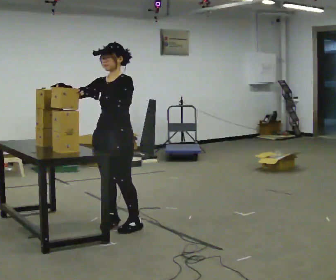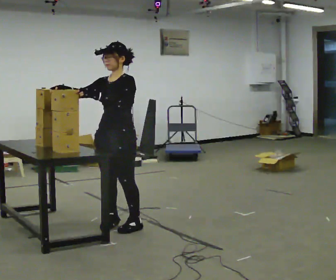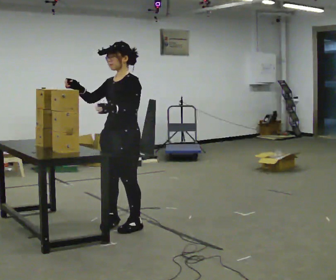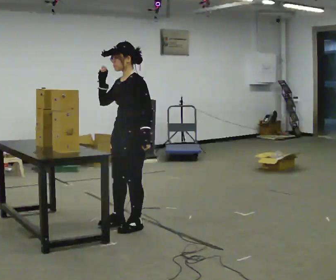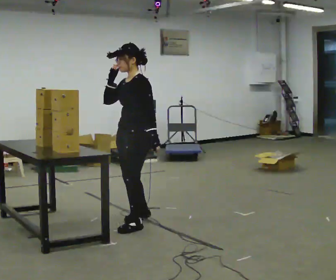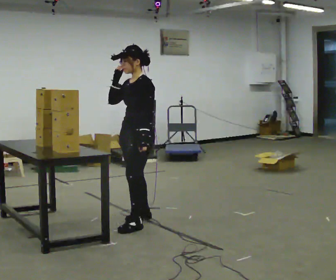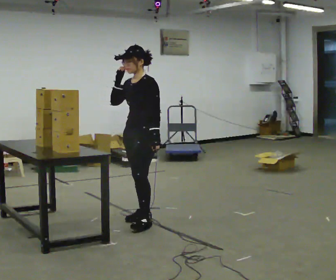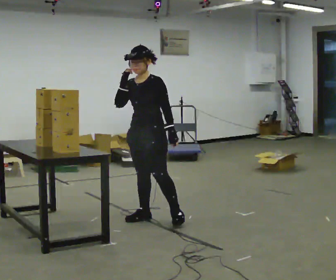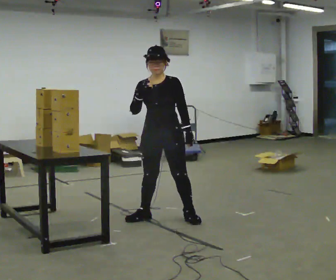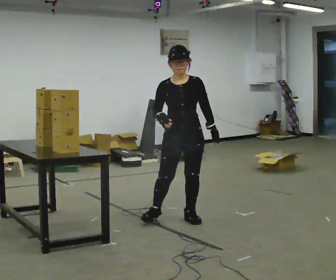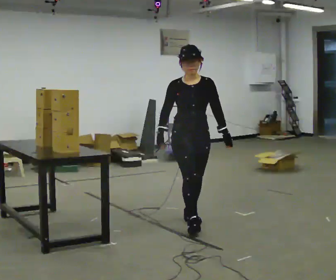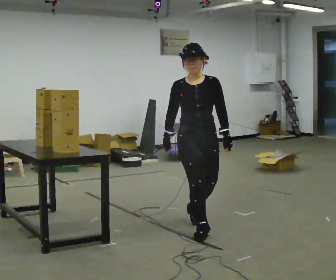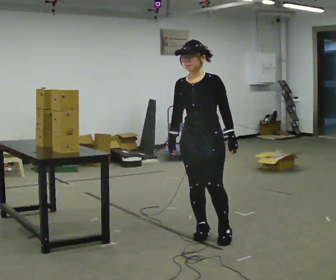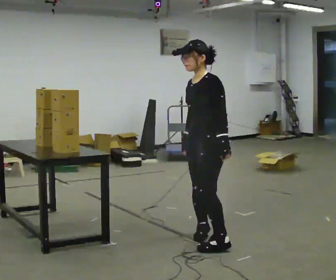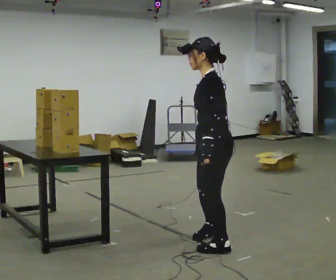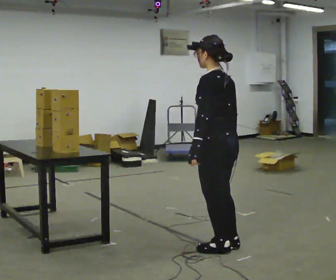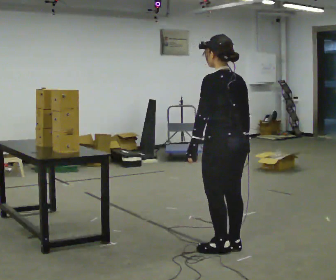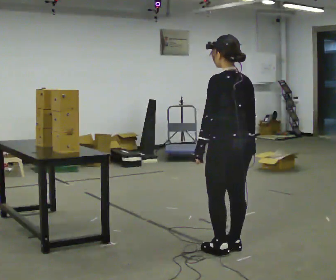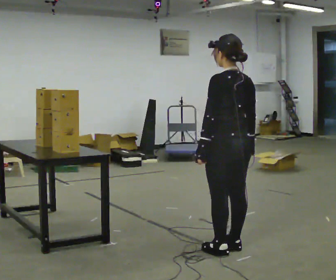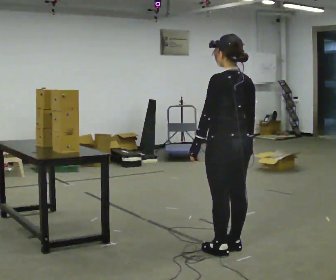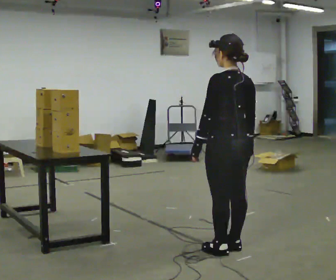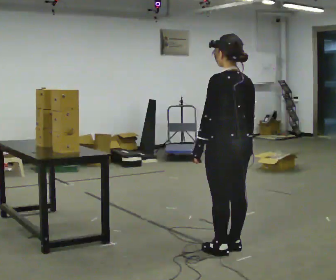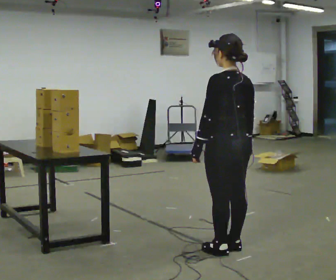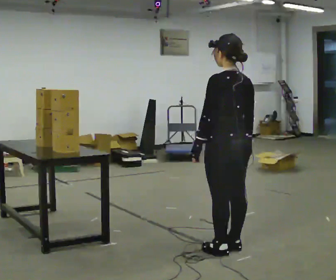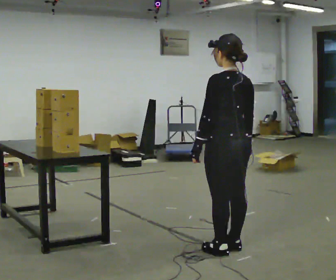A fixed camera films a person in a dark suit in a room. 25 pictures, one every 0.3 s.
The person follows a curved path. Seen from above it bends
clockwise.
0.0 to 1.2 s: The part of the body nearest the lens slides to the left as the person turns to their right by about 30 degrees. In the picture they go to the right, about 0.25 m in 1 step, which for them is backward. In the picture their left hand goes to the right and downward.
1.2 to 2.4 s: The part of the body nearest the lens slides to the right as the person turns to their left by about 60 degrees. In the picture they go to the right and away from the camera, about 0.25 m in 1 step, which for them is backward.
2.4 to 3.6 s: In the picture they go toward the camera and to the right, about 0.5 m in 1 step, which for them is forward. In the picture their right hand goes downward.
3.6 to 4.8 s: The part of the body nearest the lens slides to the left as the person turns to their right by about 120 degrees. In the picture they go toward the camera and to the right, about 0.5 m in 2 steps.
4.8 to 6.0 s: The person moves a little, or ends about where they began.
6.0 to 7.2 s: The person keeps their place and pose.
The film runs forward here.
